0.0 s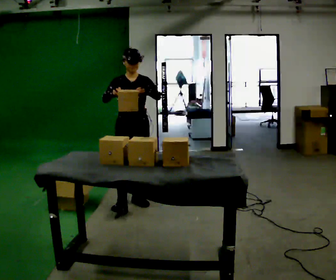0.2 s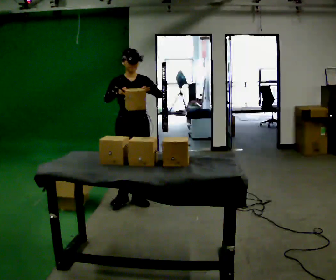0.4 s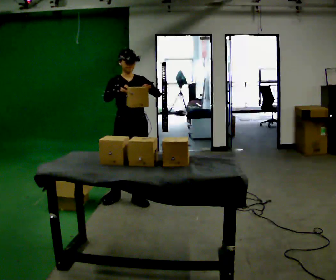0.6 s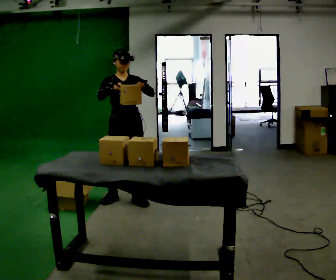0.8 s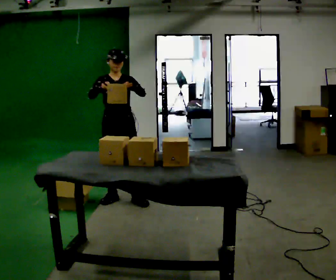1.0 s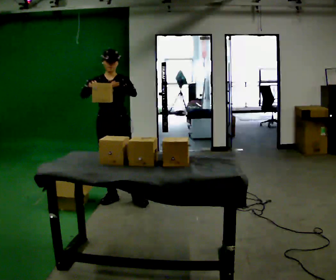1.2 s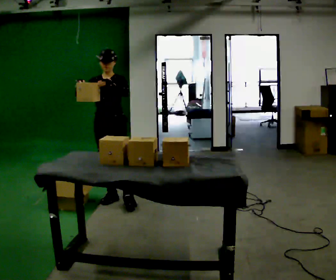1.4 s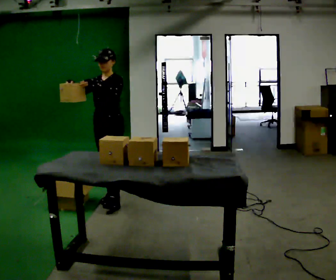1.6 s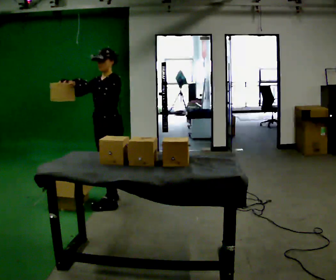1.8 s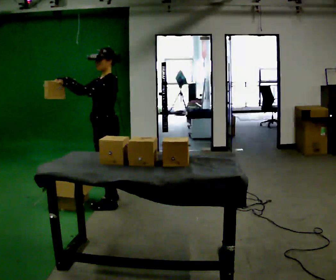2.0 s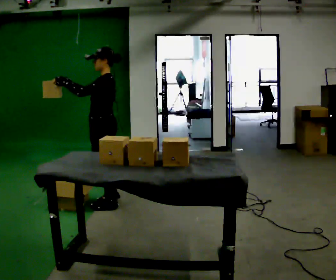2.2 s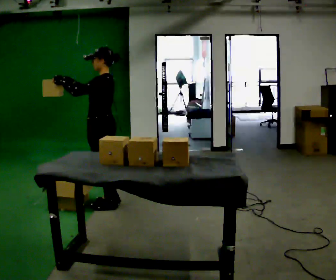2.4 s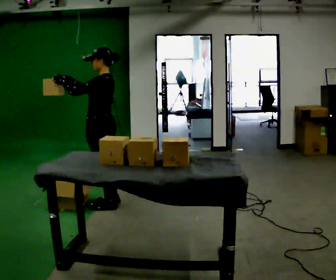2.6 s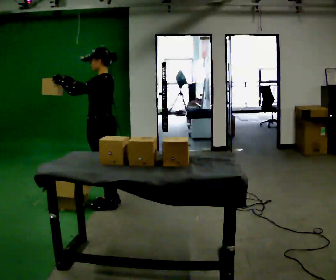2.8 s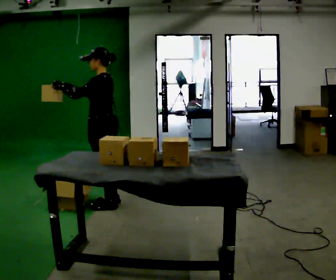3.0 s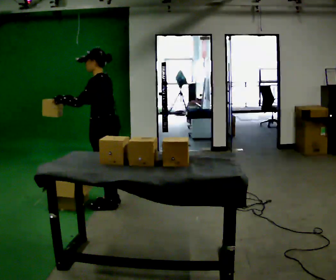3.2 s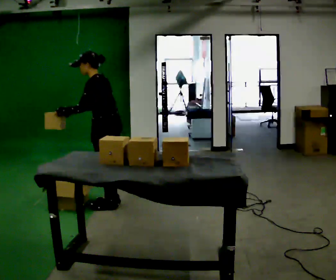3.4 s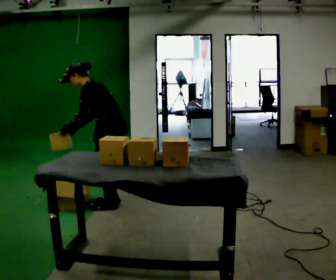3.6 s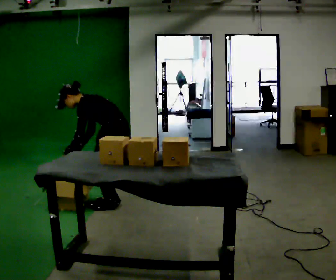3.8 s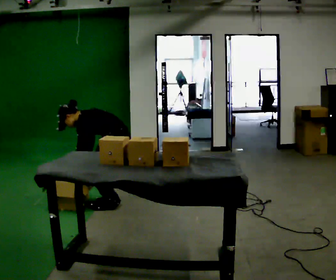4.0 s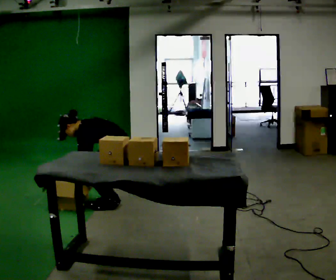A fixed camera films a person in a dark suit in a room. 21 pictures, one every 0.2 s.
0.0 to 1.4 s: The part of the body nearest the lens slides to the left as the person turns to their right by about 30 degrees. In the picture they go to the left, about 0.25 m in 1 step, which for them is to their right and backward.
1.4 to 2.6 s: The person turns about 60 degrees to their right, clockwise seen from above, so the part of the body nearest the lens slides to the left.
2.6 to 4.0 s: In the picture they go to the right, about 0.25 m, which for them is backward. The shoulders move downward. In the picture the upper body tilts counterclockwise, shoulders to the left, as they bend forward. In the picture their left hand goes downward, the arm swinging counterclockwise.
The film runs backward here.
